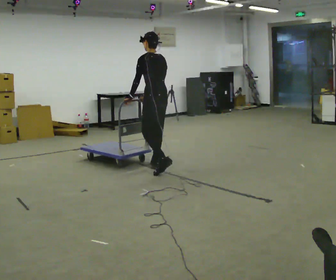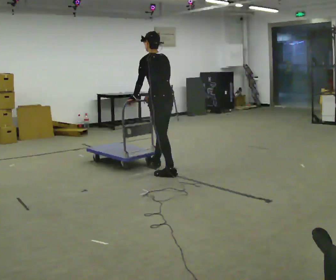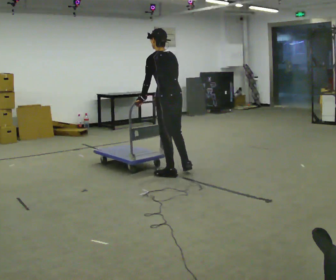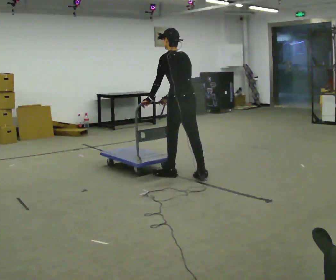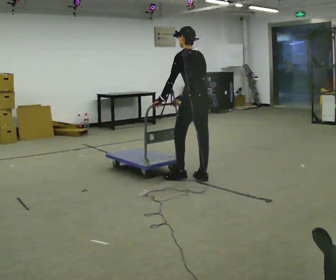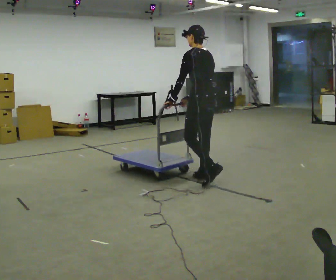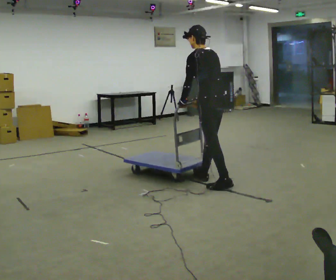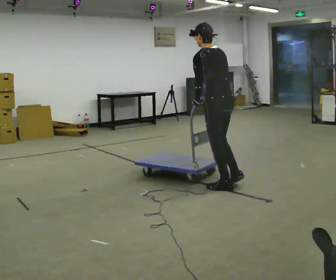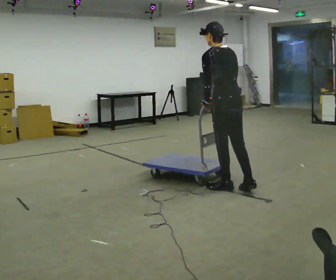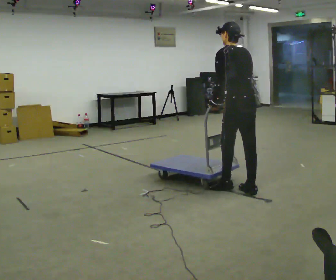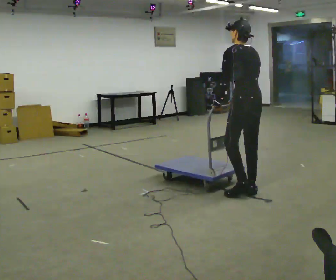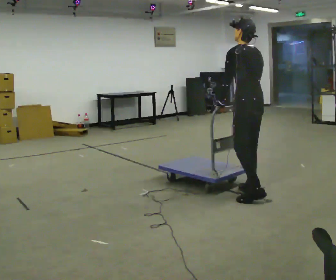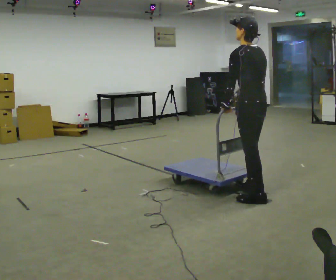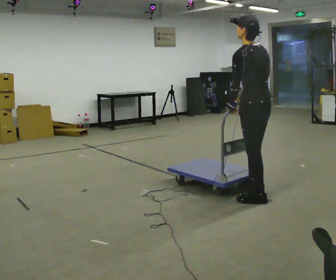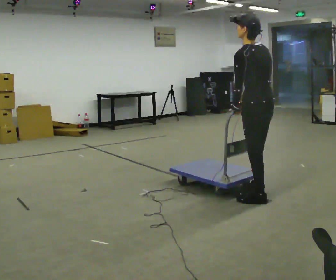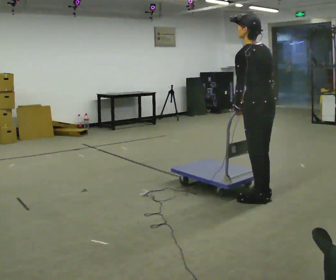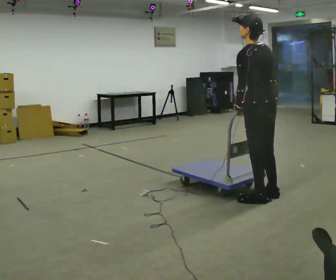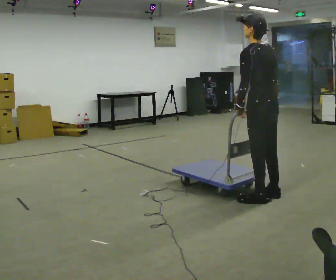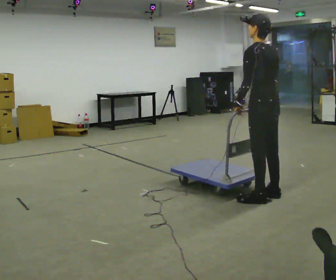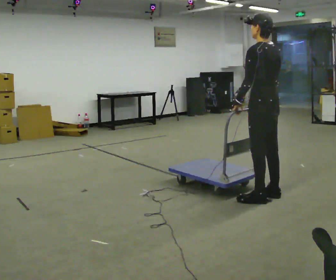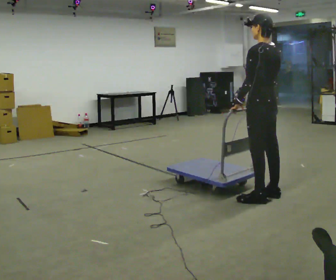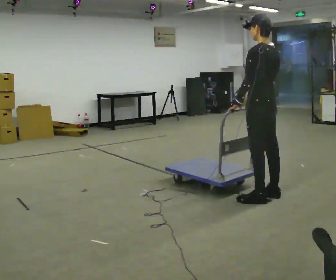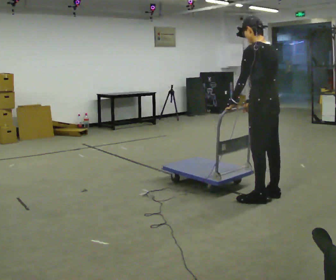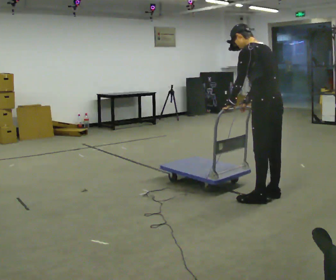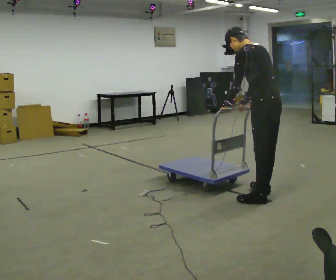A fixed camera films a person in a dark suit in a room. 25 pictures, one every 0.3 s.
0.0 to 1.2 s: In the picture they go to the right and toward the camera, about 0.75 m in 2 steps, which for them is backward.
1.2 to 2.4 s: In the picture they go toward the camera and to the right, about 0.5 m in 1 step, which for them is backward.
2.4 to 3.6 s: In the picture they go to the right and toward the camera, about 0.25 m in 1 step, which for them is backward.
3.6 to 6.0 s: The person moves a little, or ends about where they began.
6.0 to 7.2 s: In the picture the upper body tilts counterclockwise, shoulders to the left, as they bend forward.
The film runs backward here.
